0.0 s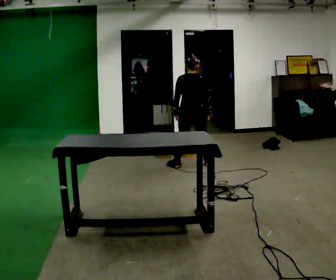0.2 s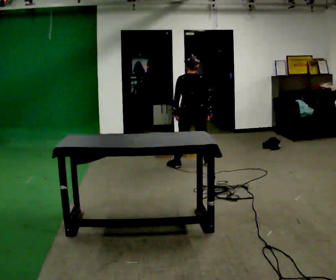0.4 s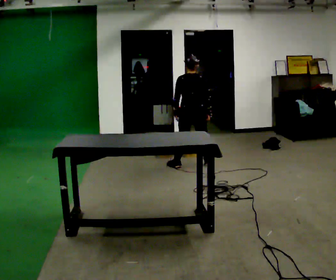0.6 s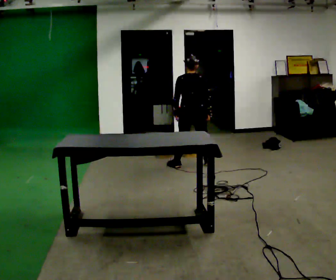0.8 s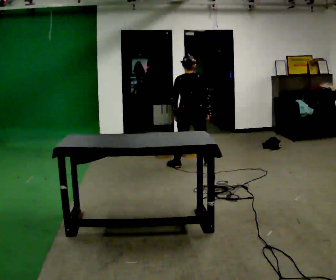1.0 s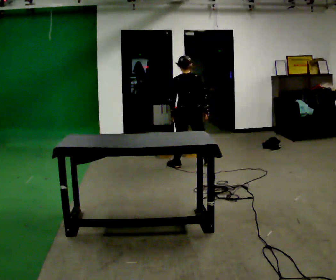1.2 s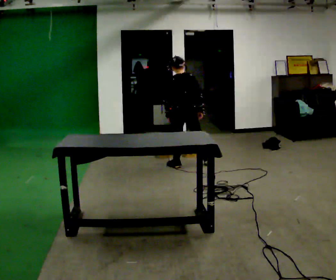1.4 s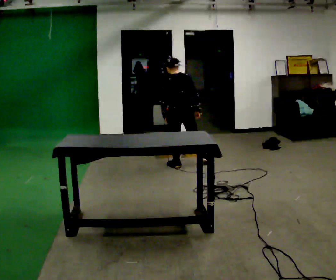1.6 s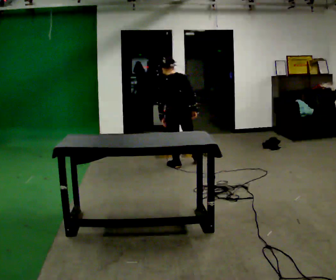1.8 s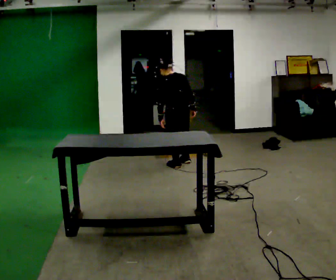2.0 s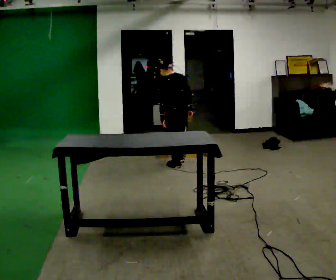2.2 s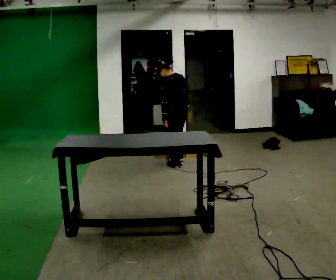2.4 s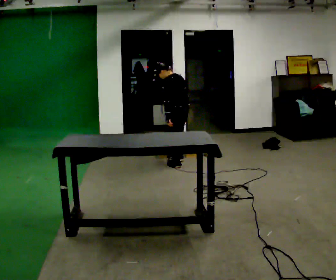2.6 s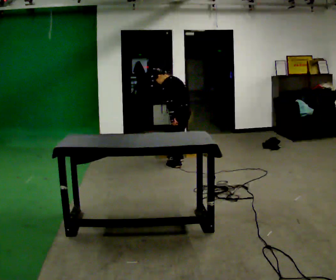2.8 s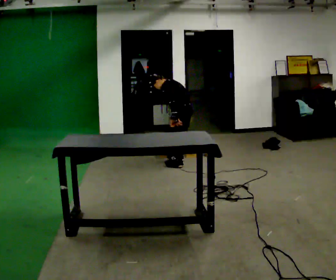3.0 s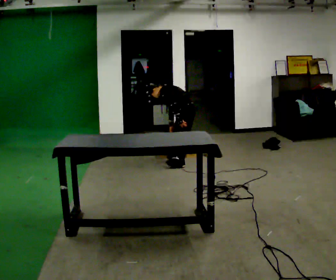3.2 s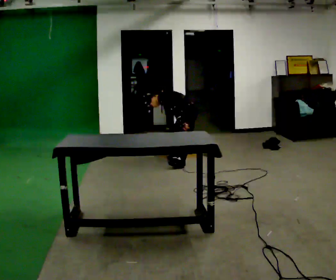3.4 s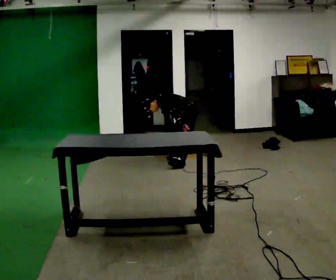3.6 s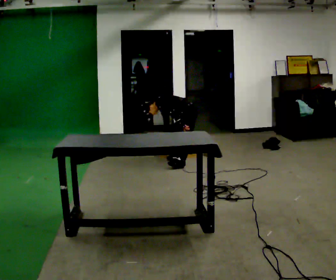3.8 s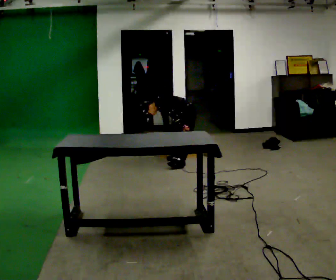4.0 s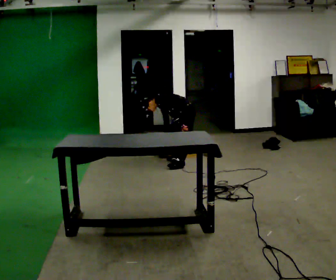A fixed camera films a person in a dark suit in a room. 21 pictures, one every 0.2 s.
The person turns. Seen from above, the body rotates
counterclockwise.
The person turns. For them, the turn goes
to their left.
0.0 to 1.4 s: In the picture they go to the left, about 0.25 m, which for them is to their left.
1.4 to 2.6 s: Seen from above the body turns counterclockwise, about 60 degrees: to their left, with its near side sliding to the right. In the picture they go away from the camera, about 0.25 m in 1 step, which for them is to their right. In the picture the upper body tilts counterclockwise, shoulders to the left, as they bend forward.
2.6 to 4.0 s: The shoulders move downward. In the picture the upper body tilts counterclockwise, shoulders to the left, as they bend forward.
The film runs forward here.
